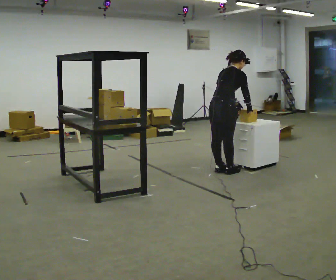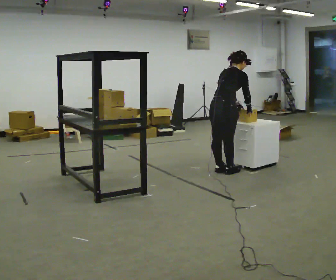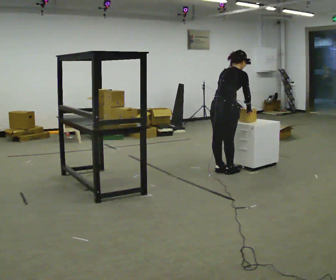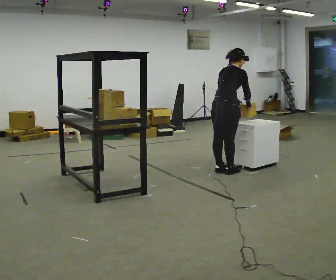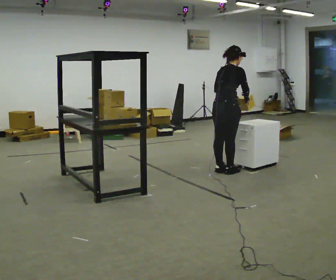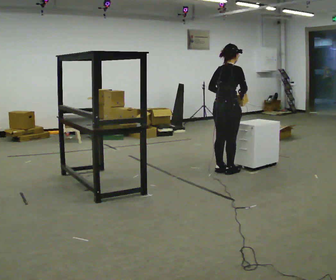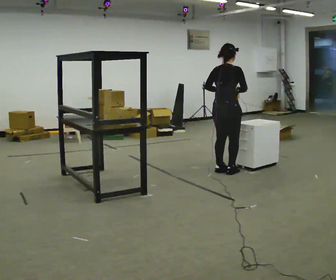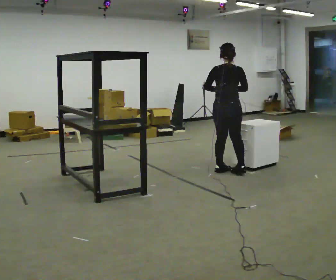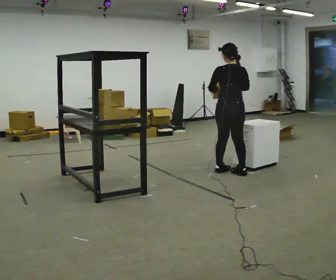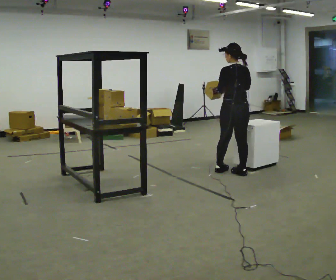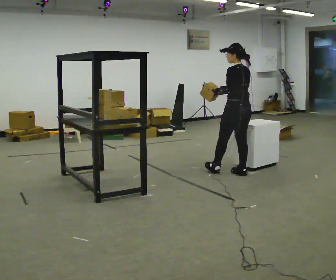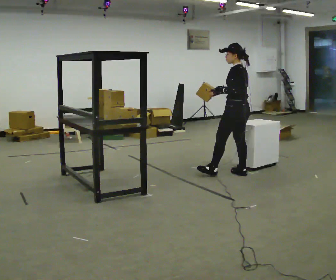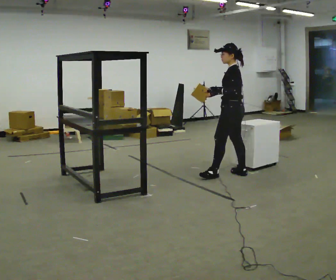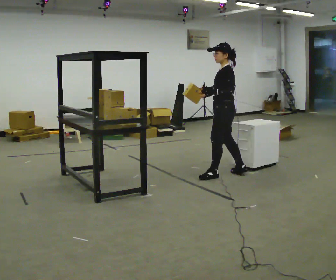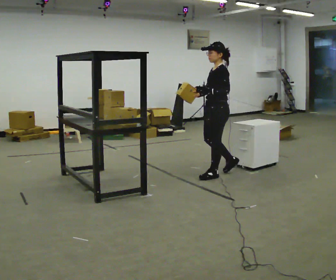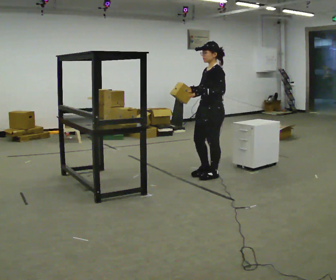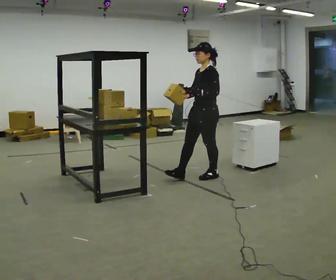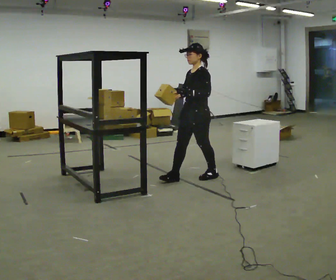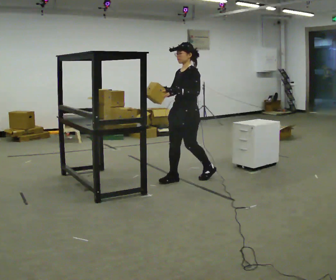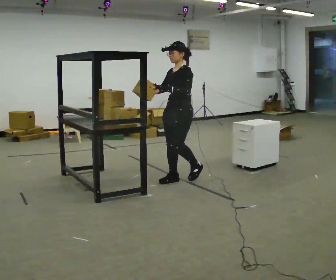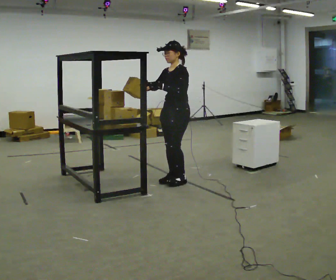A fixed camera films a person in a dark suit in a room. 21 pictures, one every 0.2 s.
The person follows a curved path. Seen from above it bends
clockwise.
The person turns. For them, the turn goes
to their left.
0.0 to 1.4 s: The part of the body nearest the lens slides to the right as the person turns to their left by about 30 degrees. The upper body tips toward the camera, its near side rolling downward, as they lean back or straighten.
1.4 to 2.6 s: The person turns about 105 degrees to their left, counterclockwise seen from above, so the part of the body nearest the lens slides to the right. In the picture they go toward the camera, about 0.25 m in 2 steps. In the picture their right hand goes to the left.
2.6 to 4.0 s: The part of the body nearest the lens slides to the right as the person turns to their left by about 45 degrees. In the picture they go to the left and toward the camera, about 0.5 m in 1 step, which for them is forward.
The film runs forward here.
